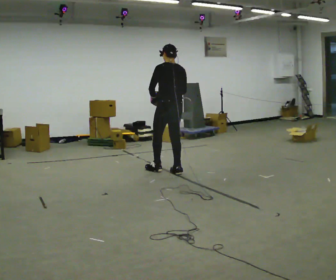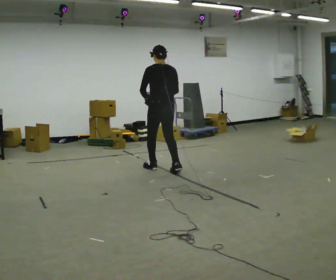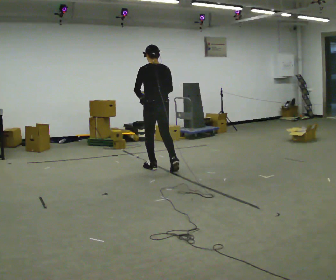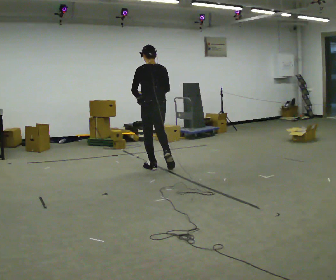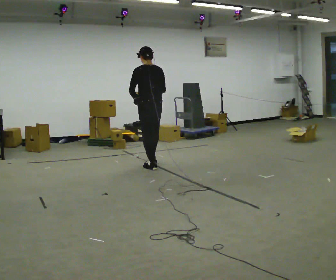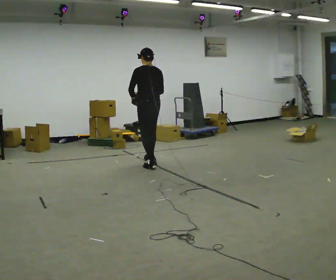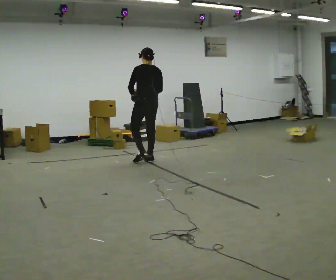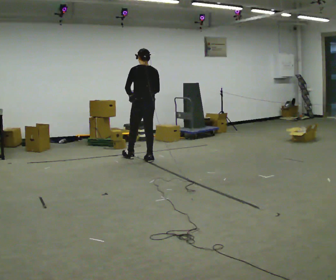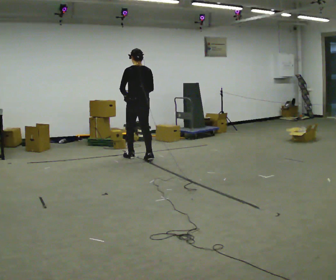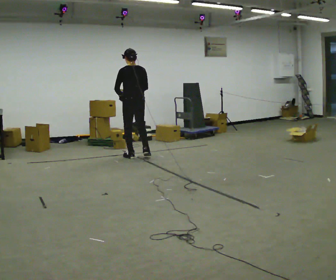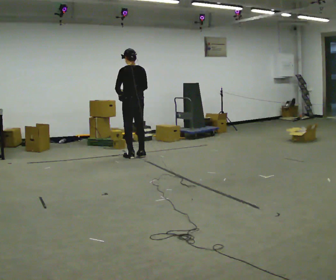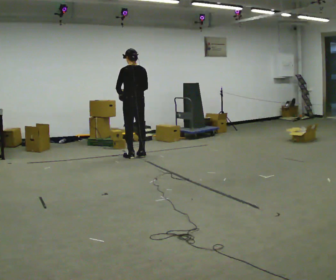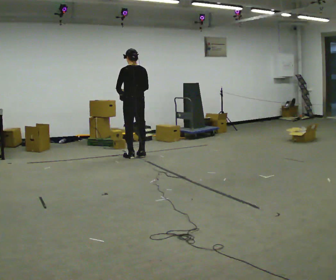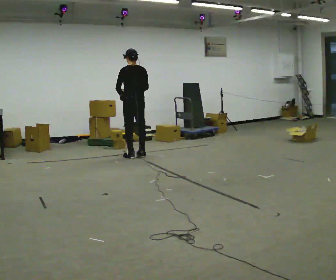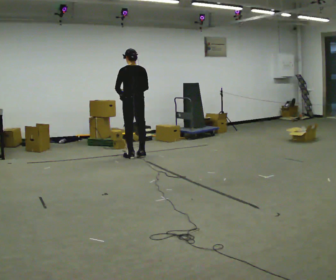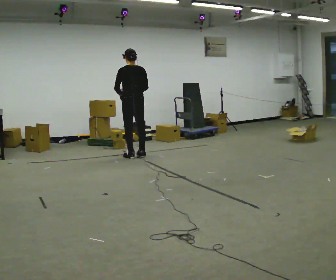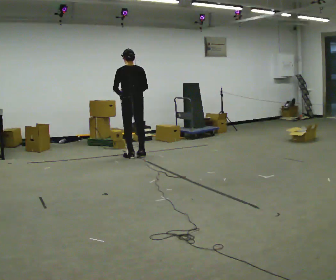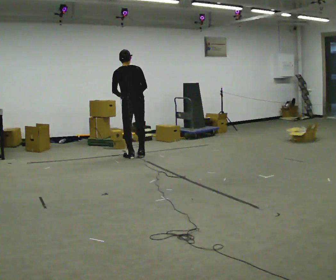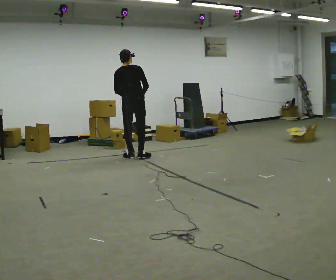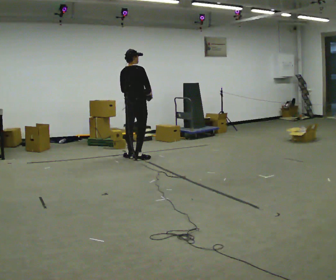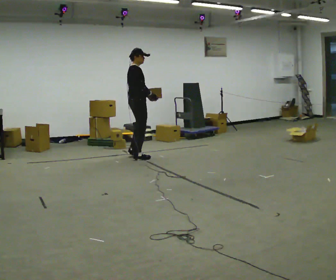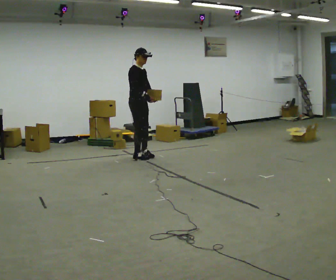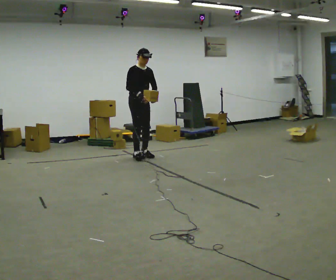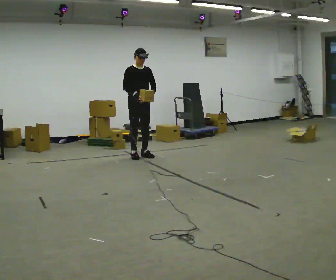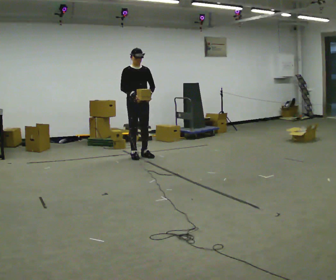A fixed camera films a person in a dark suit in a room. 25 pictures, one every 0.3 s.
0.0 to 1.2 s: In the picture they go away from the camera and to the left, about 0.5 m in 2 steps, which for them is forward.
1.2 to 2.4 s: In the picture they go away from the camera and to the left, about 0.5 m in 1 step, which for them is forward.
2.4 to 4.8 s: The person moves a little, or ends about where they began.
4.8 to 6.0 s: The person turns about 90 degrees to their right, clockwise seen from above, so the part of the body nearest the lens slides to the left. In the picture their left hand goes to the right, the arm swinging counterclockwise.
6.0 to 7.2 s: The person turns about 90 degrees to their right, clockwise seen from above, so the part of the body nearest the lens slides to the left.
The film runs forward here.
